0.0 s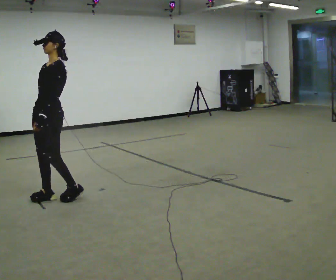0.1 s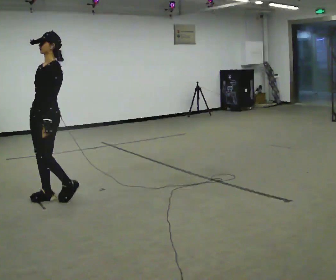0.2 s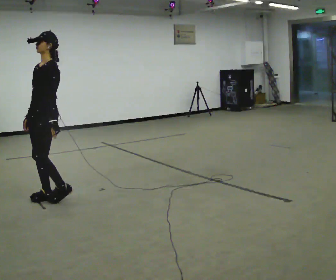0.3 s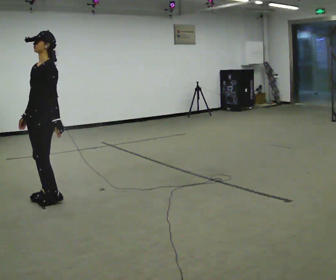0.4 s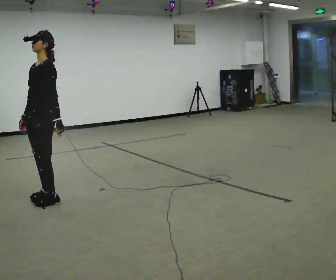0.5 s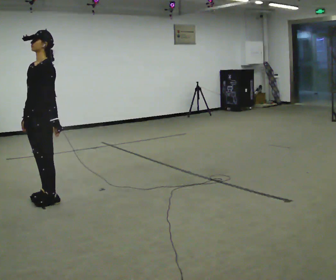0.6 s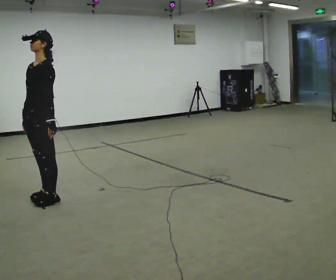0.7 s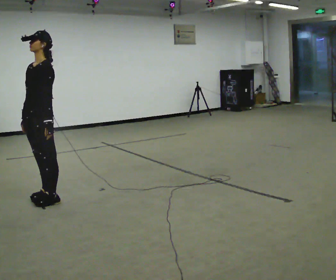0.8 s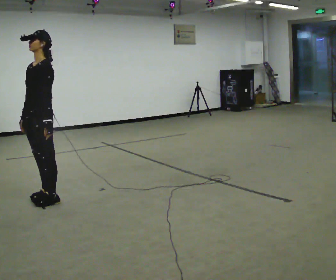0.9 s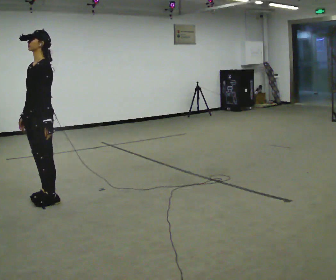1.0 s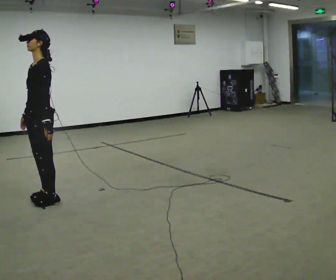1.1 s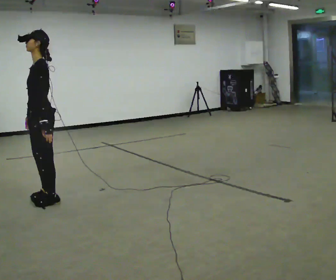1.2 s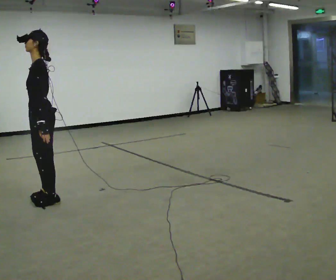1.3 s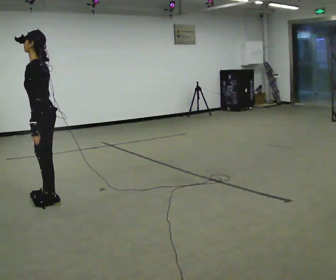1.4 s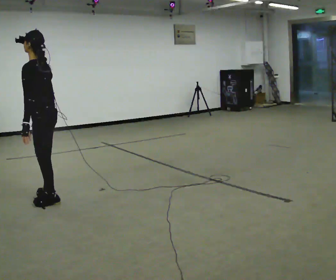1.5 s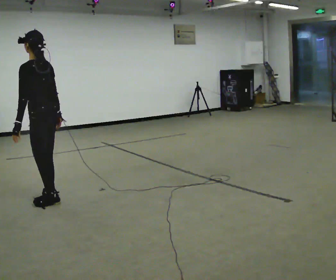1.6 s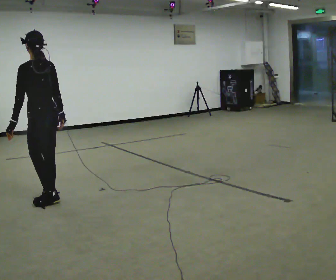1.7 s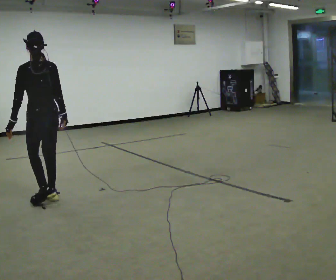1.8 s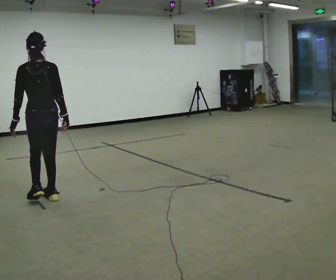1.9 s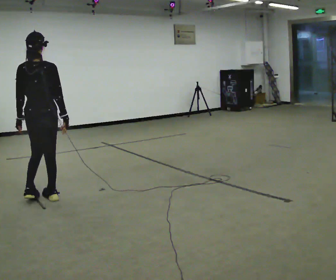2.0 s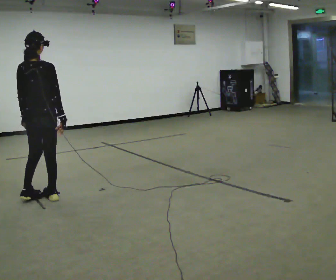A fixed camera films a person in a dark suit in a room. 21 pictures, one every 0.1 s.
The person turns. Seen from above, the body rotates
clockwise.
The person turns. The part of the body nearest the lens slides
to the left.
0.0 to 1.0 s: The person moves a little, or ends about where they began.
1.0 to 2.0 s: The person turns about 120 degrees to their right, clockwise seen from above, so the part of the body nearest the lens slides to the left. In the picture their right hand goes to the right.
The film runs forward here.
